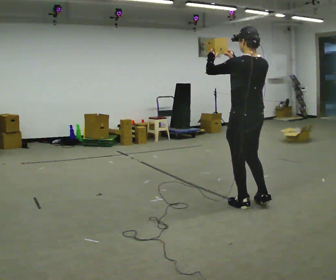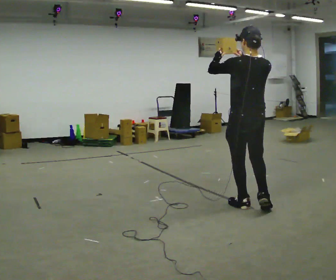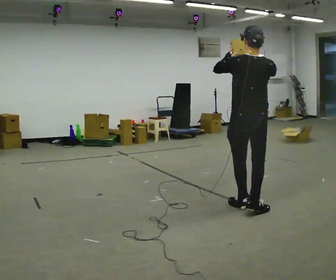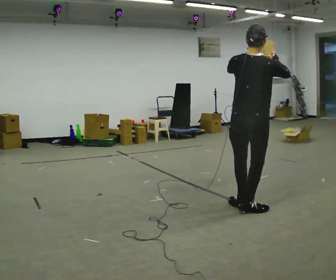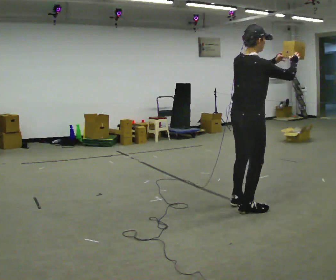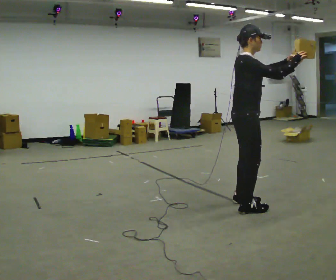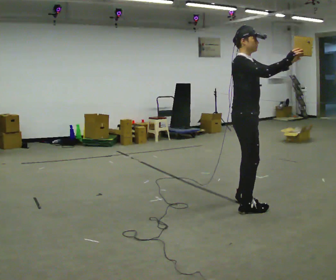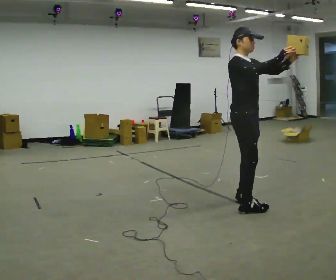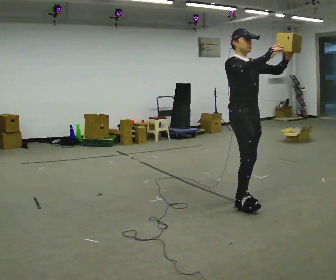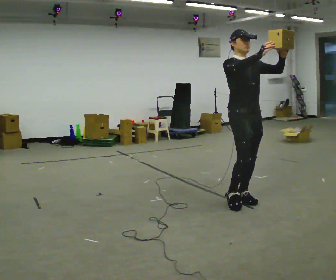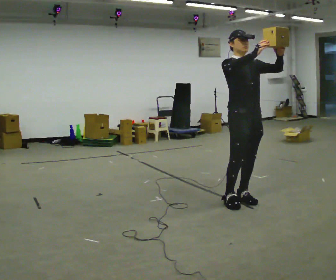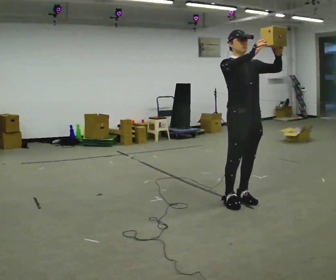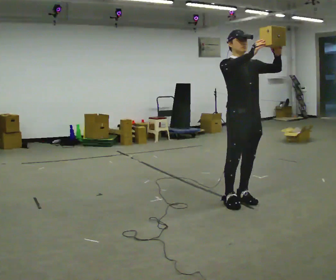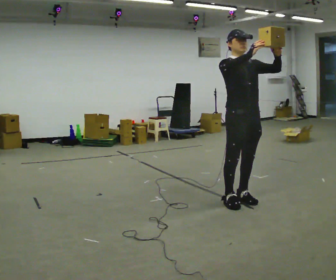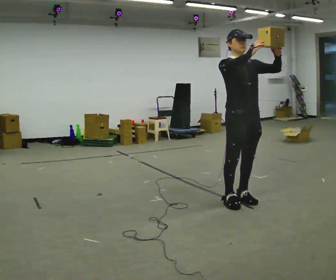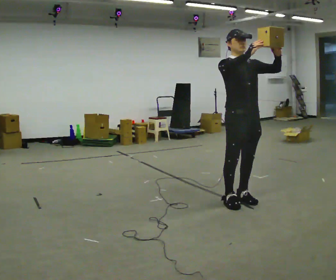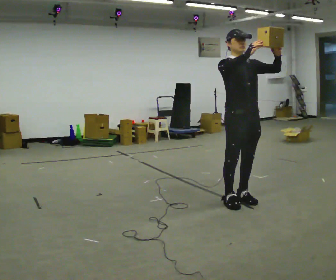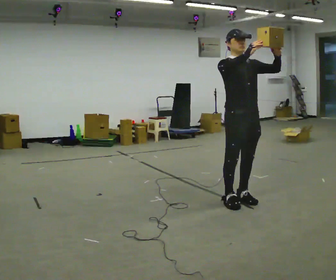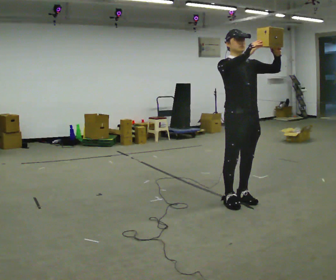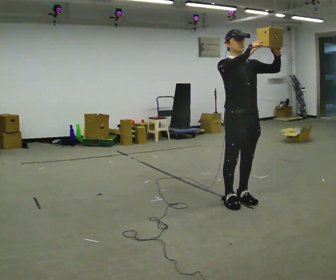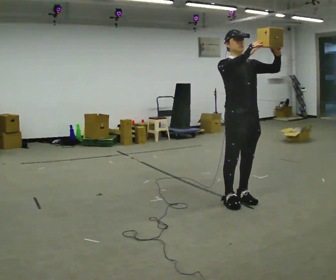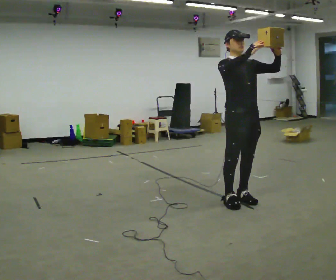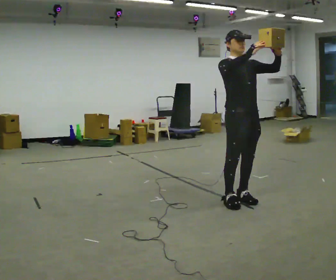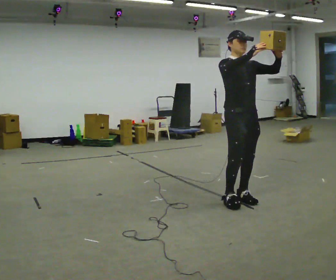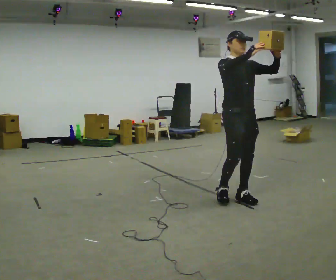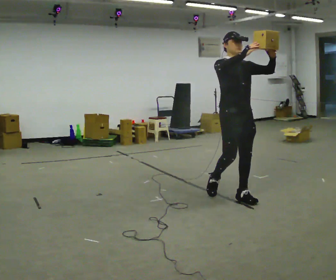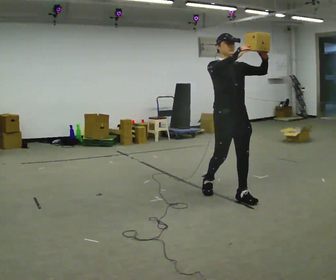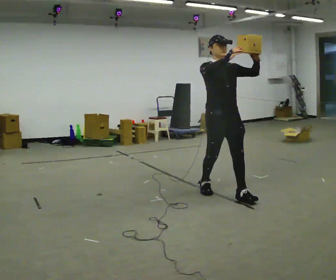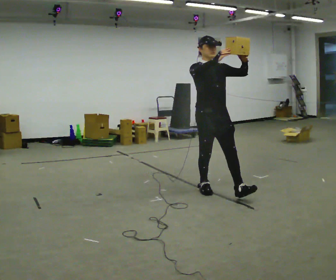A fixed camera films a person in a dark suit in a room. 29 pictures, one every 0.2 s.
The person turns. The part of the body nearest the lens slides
to the left.
The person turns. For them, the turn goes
to their right.
0.0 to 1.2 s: Seen from above the body turns clockwise, about 135 degrees: to their right, with its near side sliding to the left. In the picture their left hand goes to the right.
1.2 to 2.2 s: The person turns about 60 degrees to their right, clockwise seen from above, so the part of the body nearest the lens slides to the left. In the picture they go away from the camera, about 0.25 m in 1 step. In the picture their right hand goes to the left.
2.2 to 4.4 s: The person moves a little, or ends about where they began.
4.4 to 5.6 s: In the picture they go away from the camera and to the left, about 0.5 m in 1 step, which for them is backward.
The film runs backward here.
